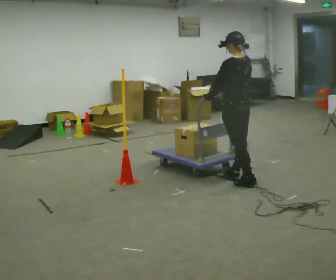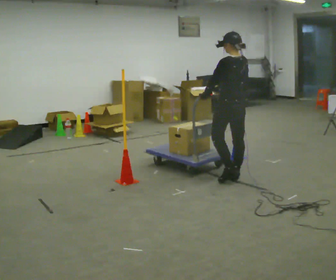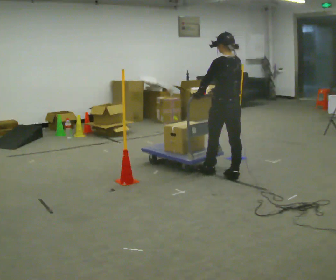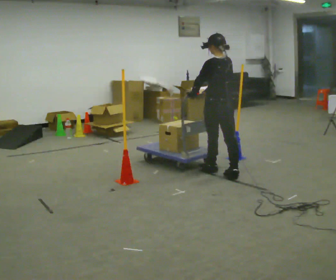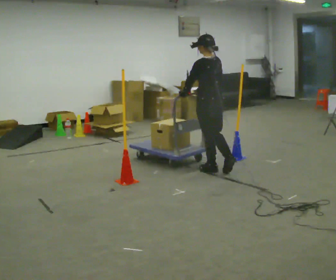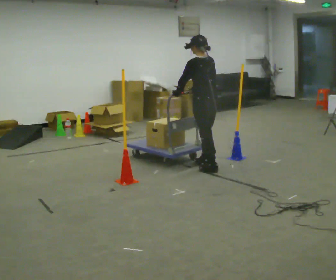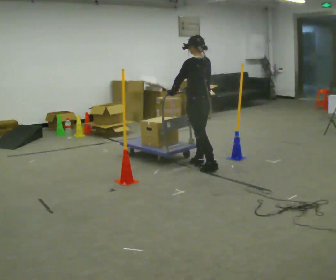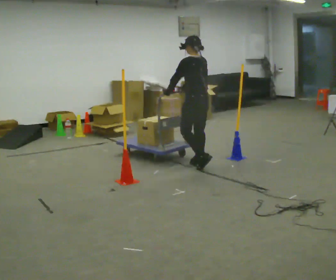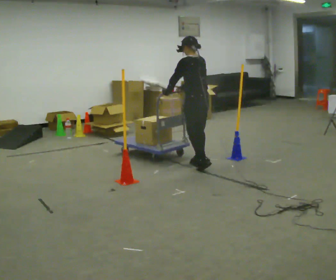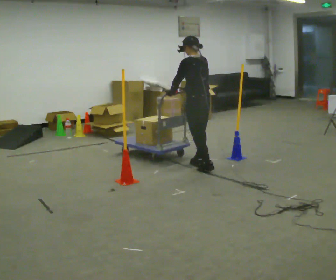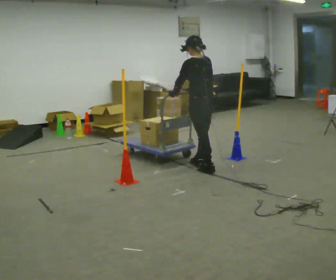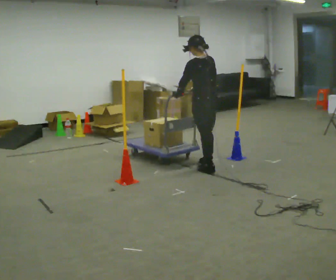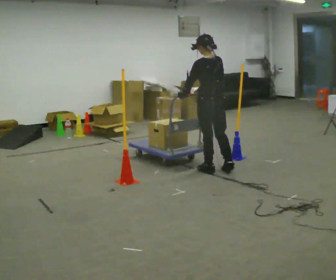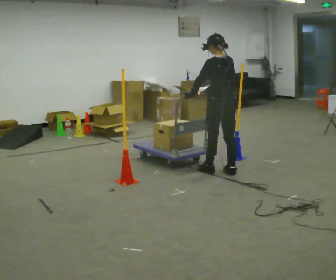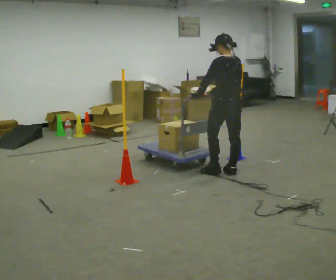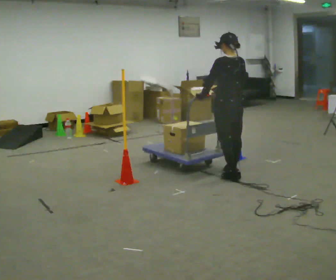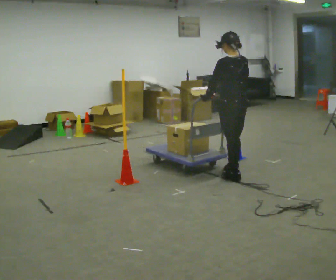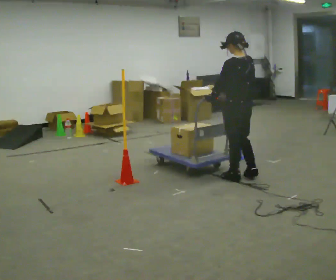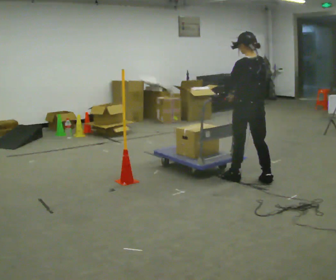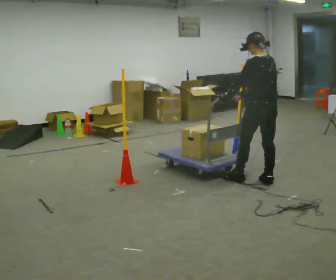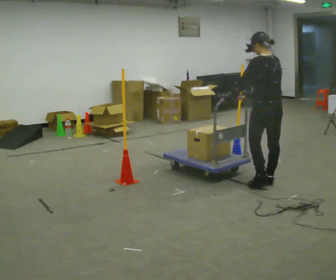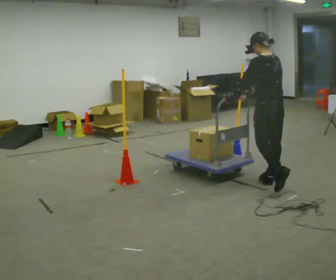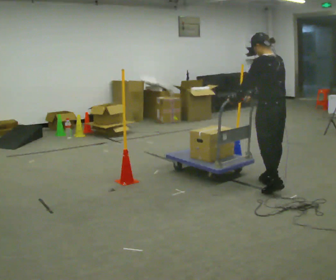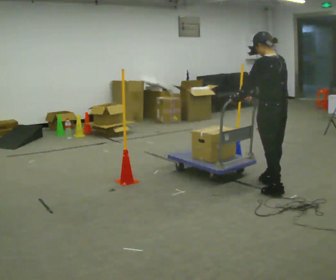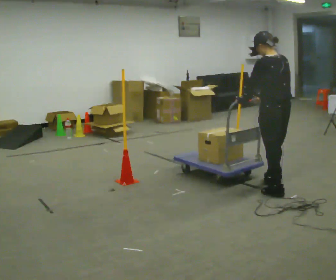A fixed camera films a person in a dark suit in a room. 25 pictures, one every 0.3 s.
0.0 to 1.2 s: In the picture they go away from the camera and to the left, about 0.5 m in 1 step, which for them is forward.
1.2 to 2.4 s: In the picture they go away from the camera, about 0.25 m in 1 step, which for them is forward and to their right.
2.4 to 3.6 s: In the picture they go toward the camera and to the right, about 0.25 m, which for them is backward.
3.6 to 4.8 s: In the picture they go toward the camera and to the right, about 0.25 m in 2 steps, which for them is backward.
4.8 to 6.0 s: In the picture they go to the right and toward the camera, about 0.25 m in 1 step, which for them is backward and to their right.
6.0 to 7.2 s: In the picture they go toward the camera, about 0.25 m in 1 step, which for them is backward and to their left.
The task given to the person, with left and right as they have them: Push the cart through the gap between the poles without touching them, then bring it back through.
The film runs forward here.
